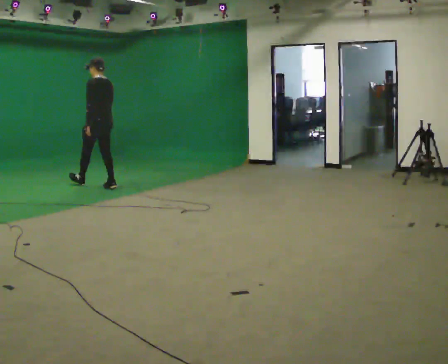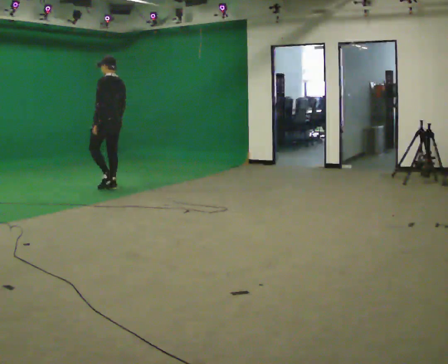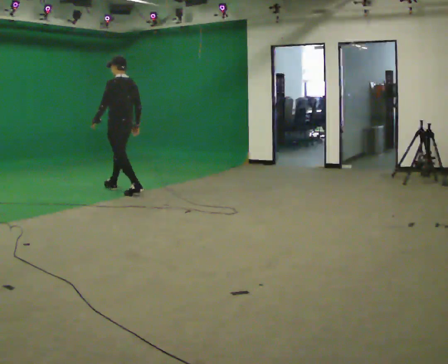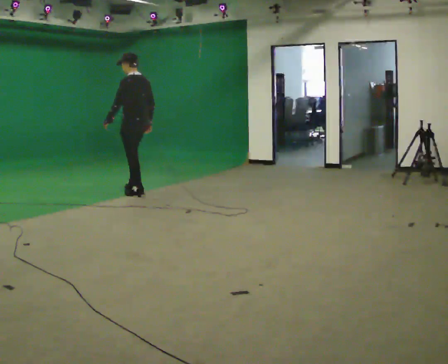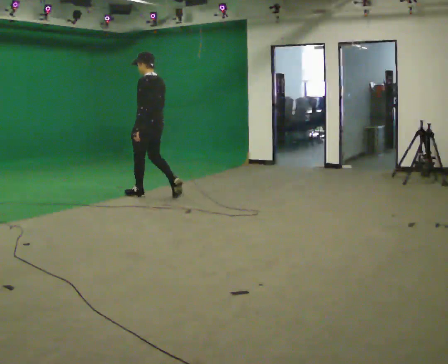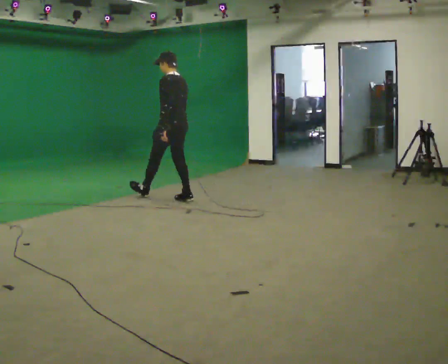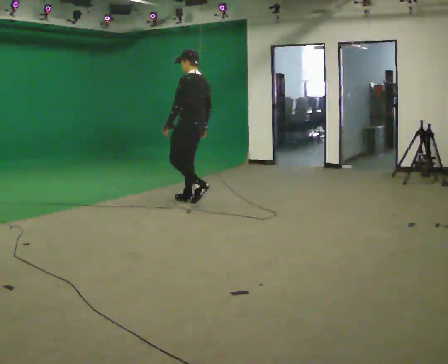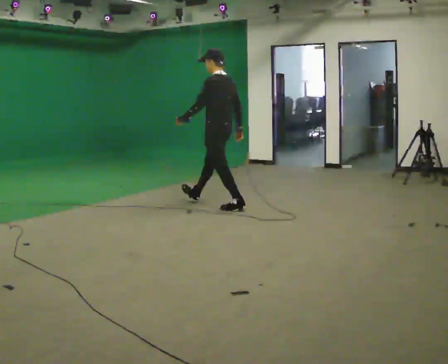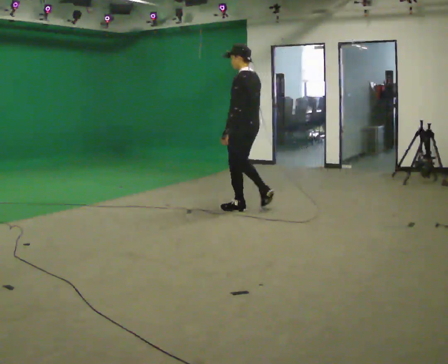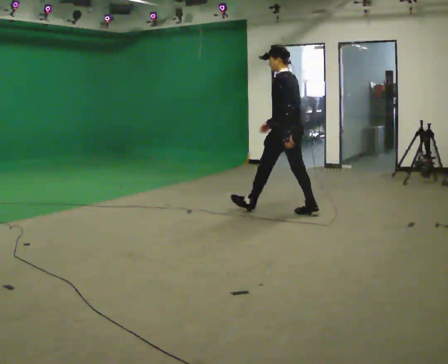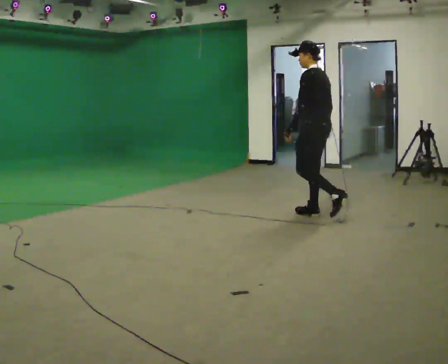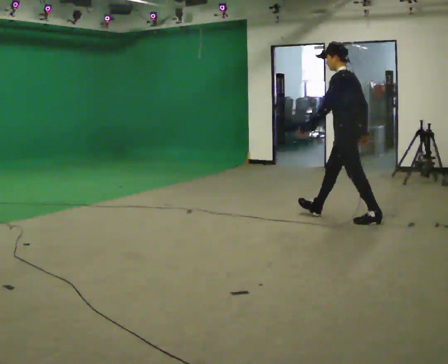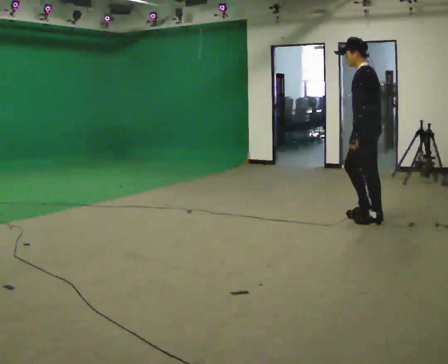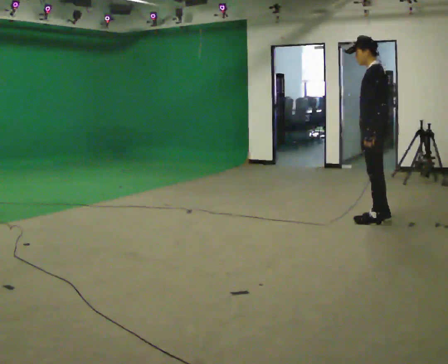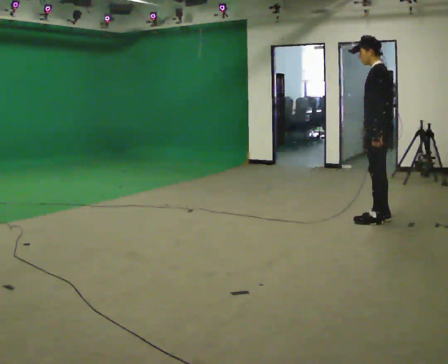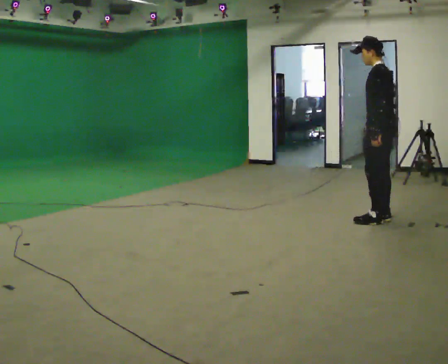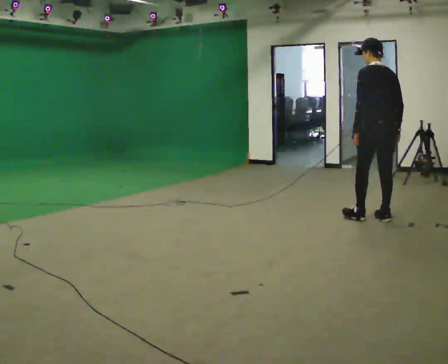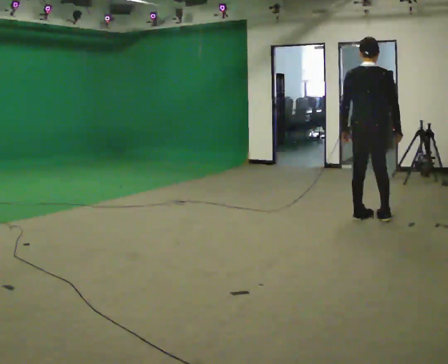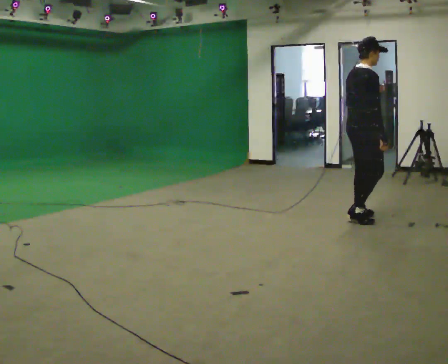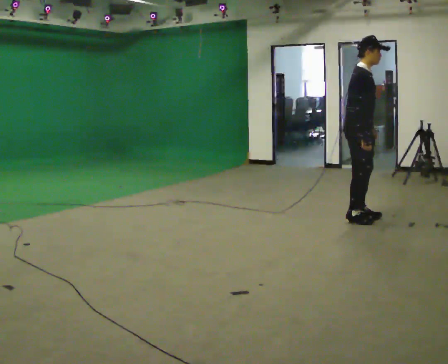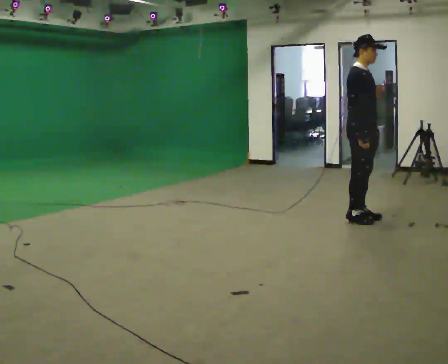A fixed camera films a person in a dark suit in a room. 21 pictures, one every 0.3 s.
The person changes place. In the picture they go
to the right.
0.0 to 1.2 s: In the picture they go to the right and toward the camera, about 1 m in 2 steps, which for them is backward.
1.2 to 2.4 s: In the picture they go to the right, about 1.5 m in 2 steps, which for them is backward.
2.4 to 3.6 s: In the picture they go to the right, about 1.5 m in 2 steps, which for them is backward.
3.6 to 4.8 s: The person turns about 45 degrees to their right, clockwise seen from above, so the part of the body nearest the lens slides to the left.
4.8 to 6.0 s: The part of the body nearest the lens slides to the left as the person turns to their right by about 150 degrees. In the picture they go to the left, about 0.25 m in 1 step.
The film runs backward here.
